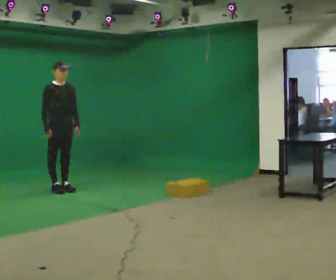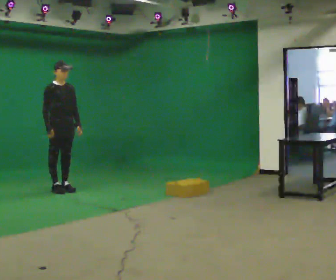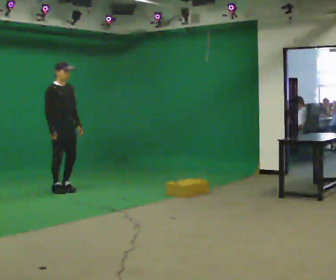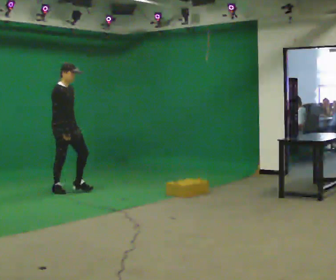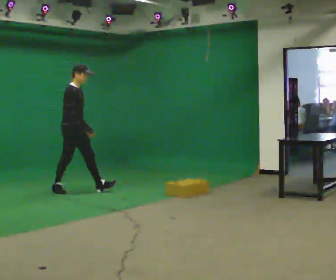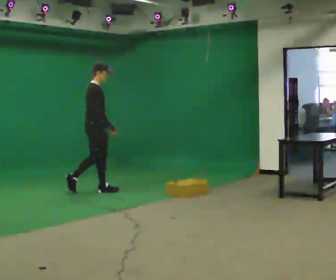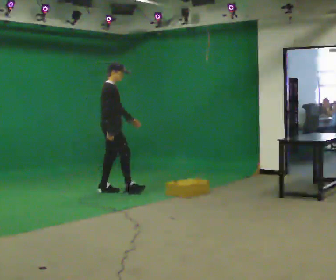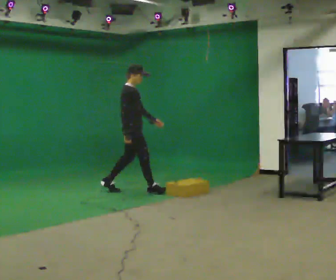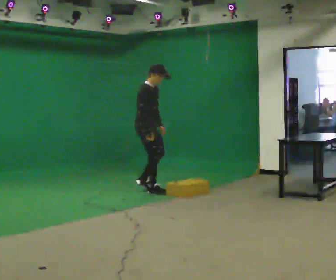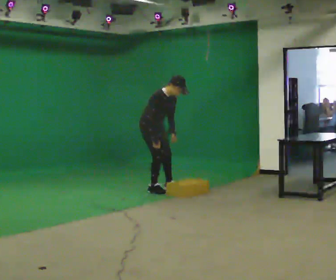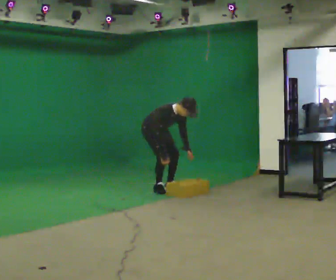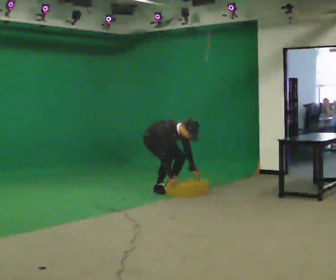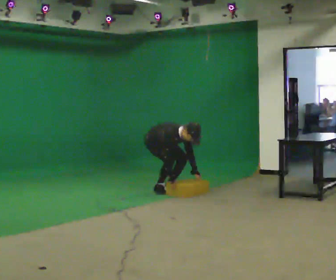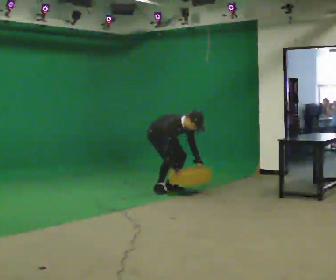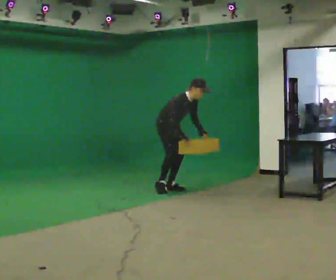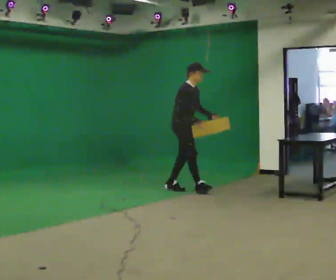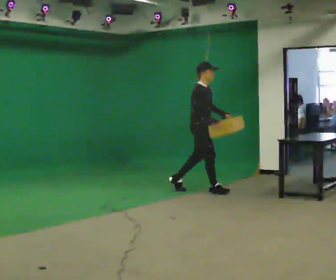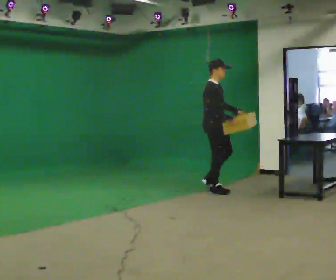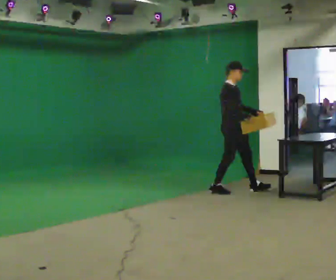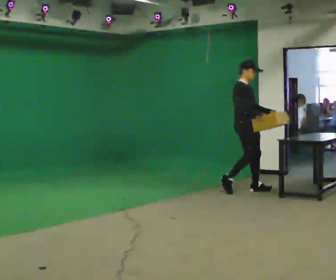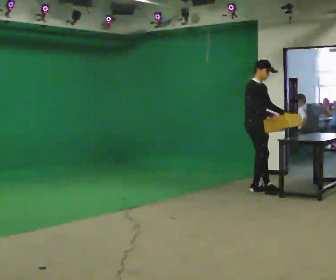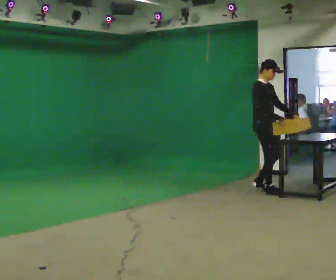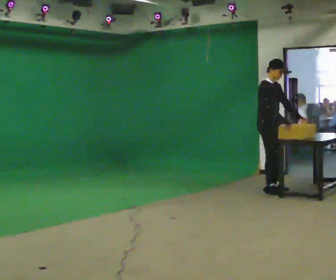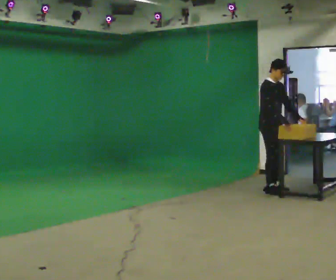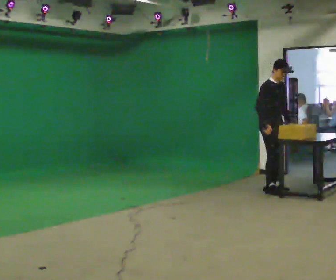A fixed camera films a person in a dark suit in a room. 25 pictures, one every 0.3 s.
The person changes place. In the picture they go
to the right.
0.0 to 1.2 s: The part of the body nearest the lens slides to the right as the person turns to their left by about 30 degrees. In the picture they go to the right, about 0.25 m, which for them is forward.
1.2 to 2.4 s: In the picture they go to the right, about 1 m in 2 steps, which for them is forward.
2.4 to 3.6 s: The person turns about 30 degrees to their right, clockwise seen from above, so the part of the body nearest the lens slides to the left. In the picture they go away from the camera and to the right, about 0.25 m in 1 step, which for them is to their left. The upper body goes downward. In the picture the upper body tilts clockwise, shoulders to the right, as they bend forward. In the picture their left hand goes downward and to the right.
3.6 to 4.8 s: The part of the body nearest the lens slides to the right as the person turns to their left by about 30 degrees. In the picture they go to the right, about 0.5 m in 1 step, which for them is forward. The shoulders move upward. In the picture the upper body tilts counterclockwise, shoulders to the left, as they lean back or straighten. In the picture their right hand goes upward.
4.8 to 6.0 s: In the picture they go to the right, about 0.5 m in 1 step, which for them is forward.
6.0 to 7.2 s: In the picture they go to the right, about 0.25 m in 2 steps, which for them is forward.
The film runs forward here.
